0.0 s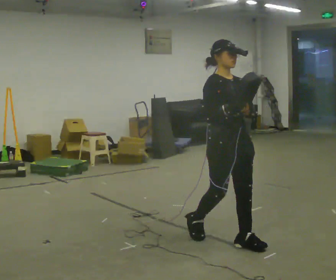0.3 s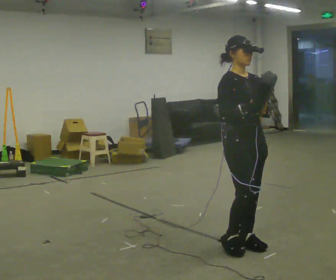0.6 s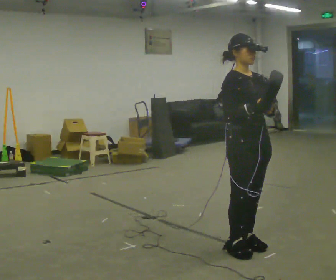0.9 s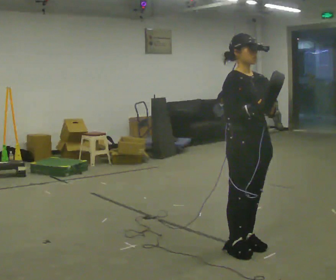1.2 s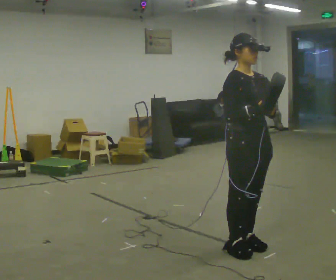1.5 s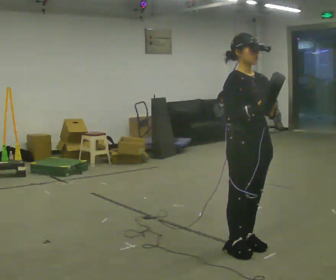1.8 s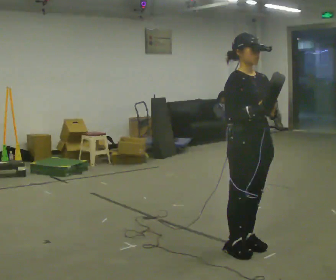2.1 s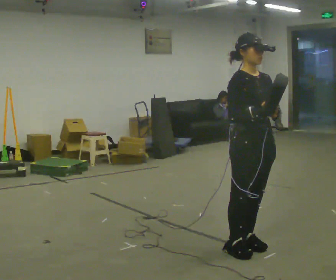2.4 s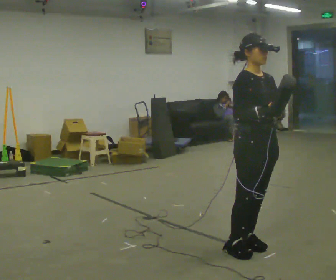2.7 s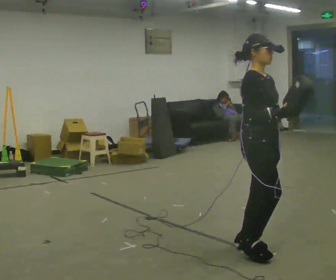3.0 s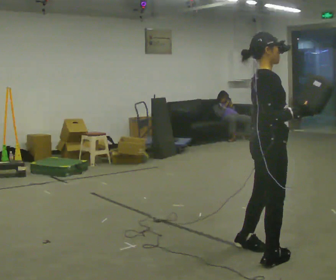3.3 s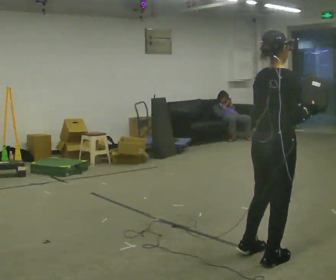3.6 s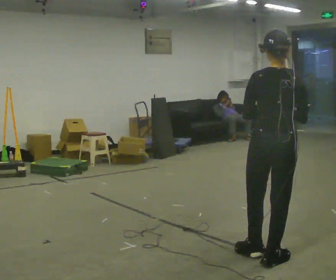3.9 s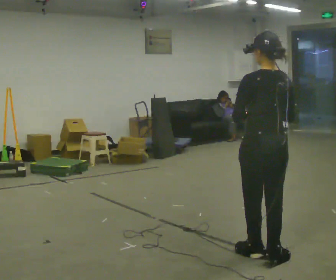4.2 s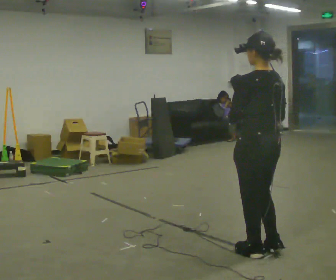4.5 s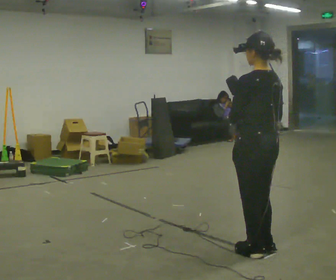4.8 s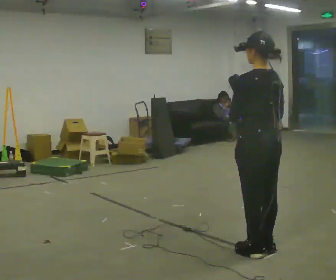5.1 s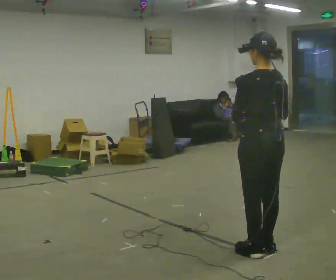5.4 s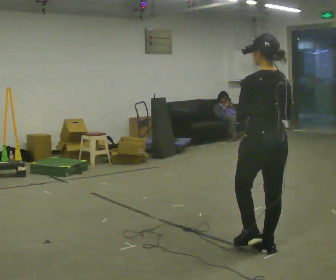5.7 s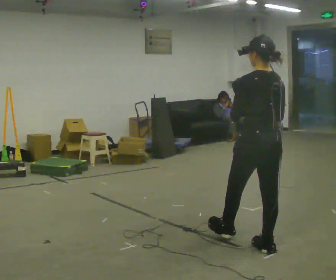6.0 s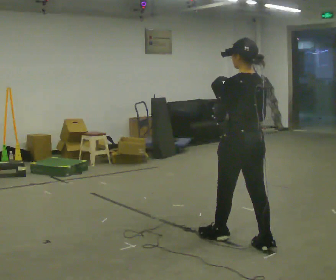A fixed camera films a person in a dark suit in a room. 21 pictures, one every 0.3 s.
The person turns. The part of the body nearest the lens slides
to the right.
The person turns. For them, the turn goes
to their left.
0.0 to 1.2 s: In the picture they go toward the camera, about 0.25 m in 1 step, which for them is forward.
1.2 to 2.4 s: The person moves a little, or ends about where they began.
2.4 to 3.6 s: The person turns about 135 degrees to their left, counterclockwise seen from above, so the part of the body nearest the lens slides to the right. In the picture they go toward the camera, about 0.25 m in 2 steps.
3.6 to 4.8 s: The part of the body nearest the lens slides to the right as the person turns to their left by about 45 degrees.
4.8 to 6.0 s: In the picture they go away from the camera, about 0.25 m in 1 step, which for them is forward.
The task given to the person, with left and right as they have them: Carry the bag and, while walking, undo the buckle or zip, then do it up again. Keep repeating as you walk. Do not stop.
The film runs forward here.
